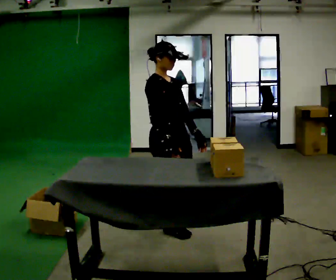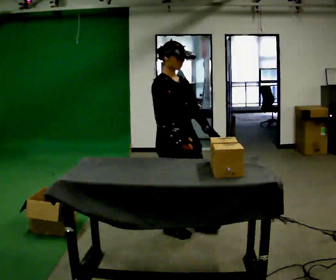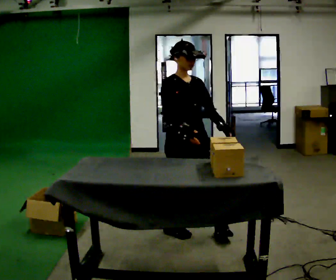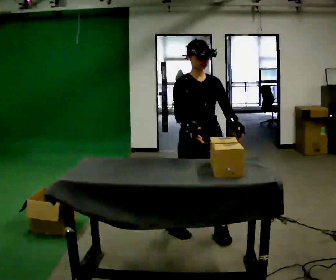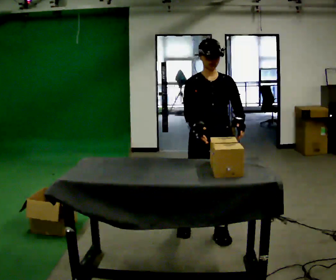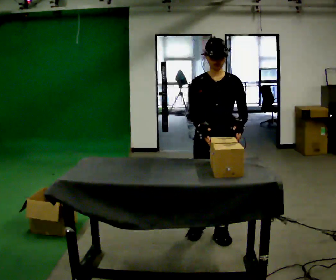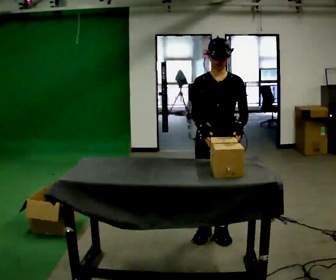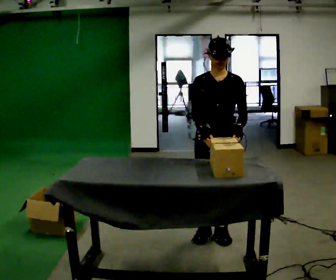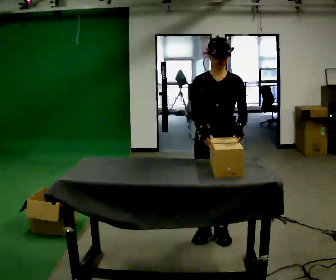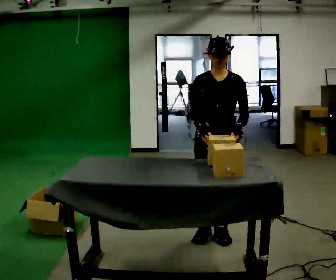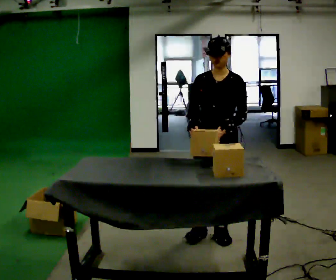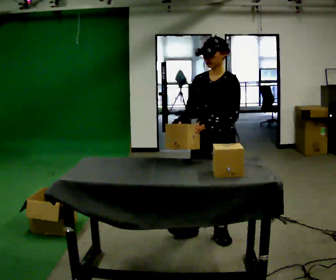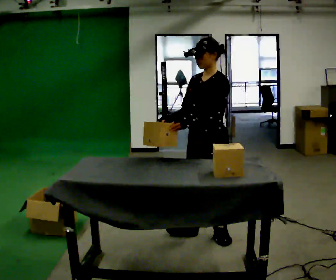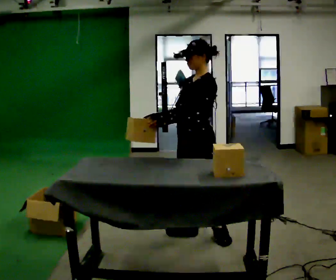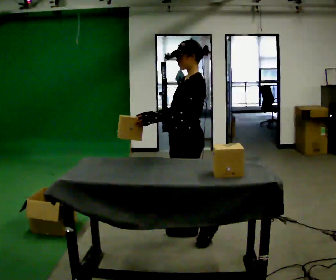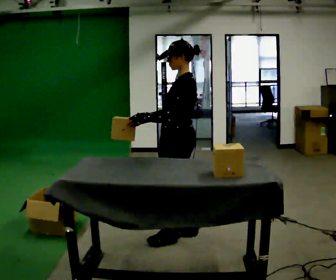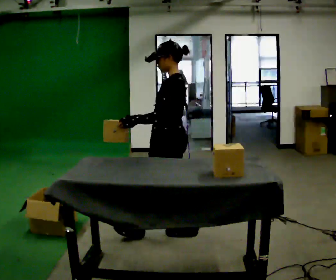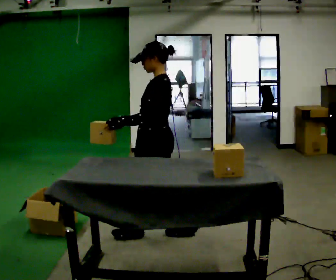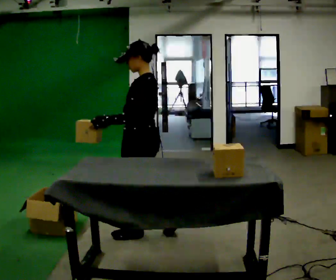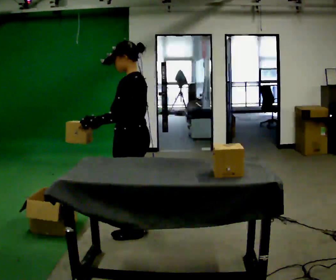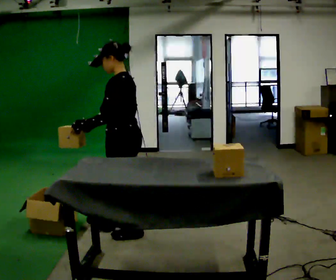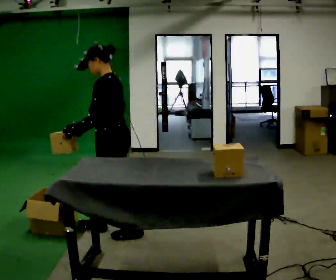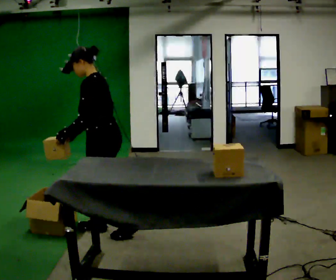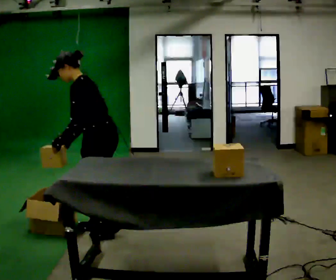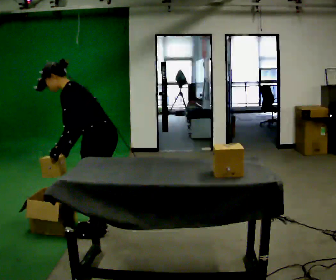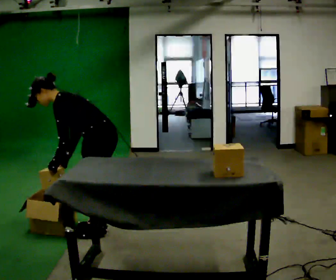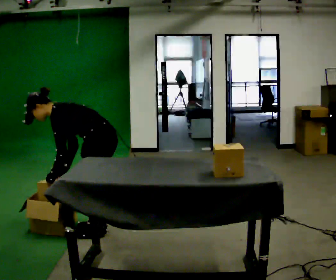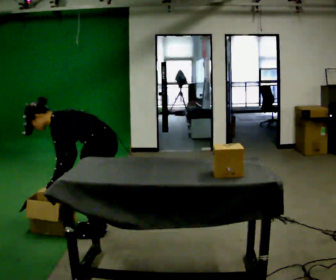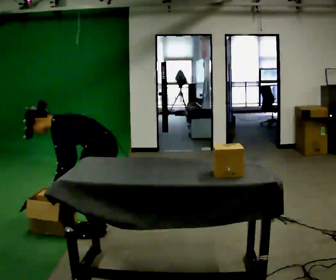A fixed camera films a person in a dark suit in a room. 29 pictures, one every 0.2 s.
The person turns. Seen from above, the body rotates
clockwise.
The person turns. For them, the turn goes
to their right.
0.0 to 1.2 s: The person turns about 60 degrees to their right, clockwise seen from above, so the part of the body nearest the lens slides to the left. In the picture they go to the right, about 0.5 m in 2 steps.
1.2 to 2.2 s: Seen from above the body turns clockwise, about 30 degrees: to their right, with its near side sliding to the left.
2.2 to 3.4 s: The part of the body nearest the lens slides to the left as the person turns to their right by about 60 degrees. In the picture they go to the left, about 0.5 m in 1 step, which for them is forward.
3.4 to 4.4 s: In the picture they go to the left, about 0.5 m in 1 step, which for them is forward. In the picture the upper body tilts counterclockwise, shoulders to the left, as they bend forward.
4.4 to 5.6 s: The shoulders move downward. In the picture the upper body tilts counterclockwise, shoulders to the left, as they bend forward. In the picture their left hand goes downward.
The film runs forward here.
